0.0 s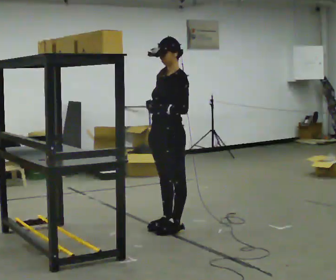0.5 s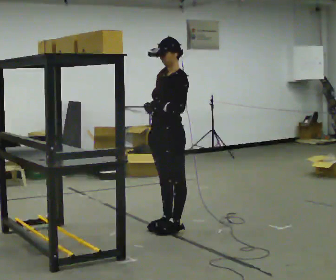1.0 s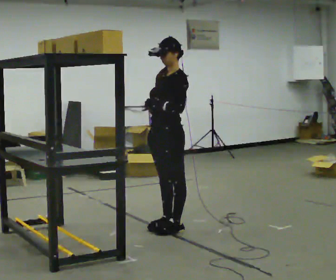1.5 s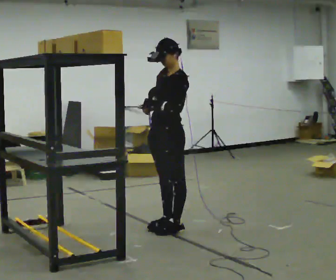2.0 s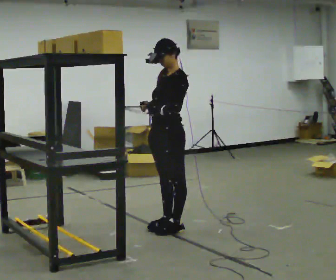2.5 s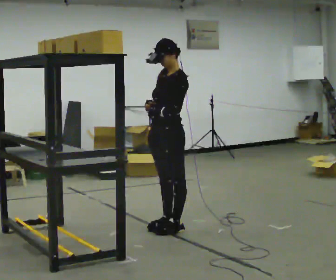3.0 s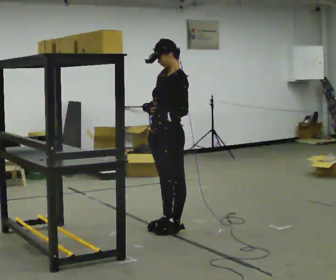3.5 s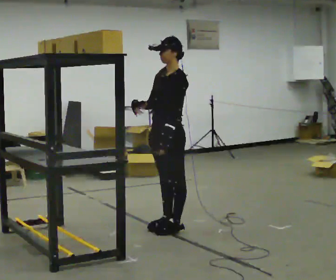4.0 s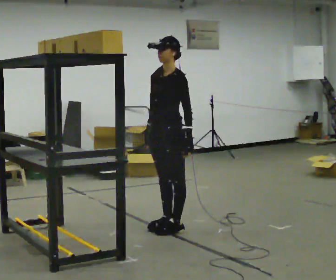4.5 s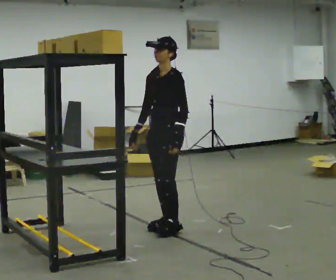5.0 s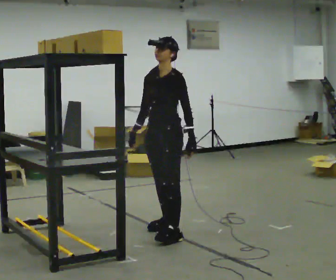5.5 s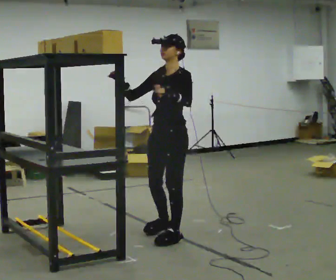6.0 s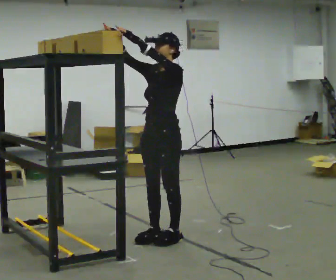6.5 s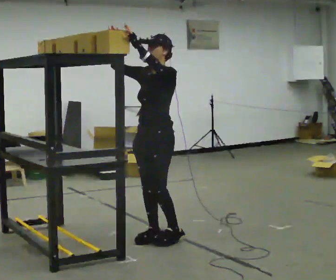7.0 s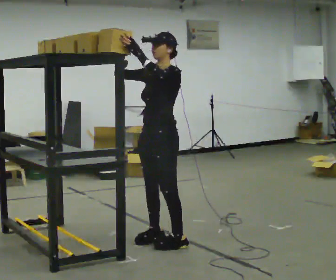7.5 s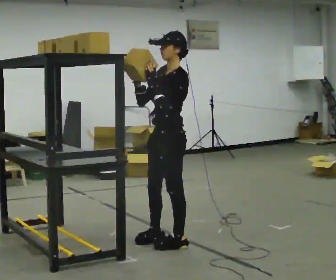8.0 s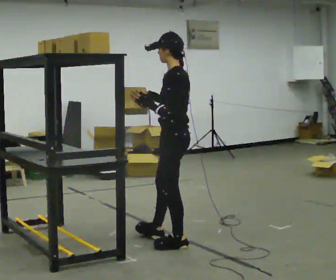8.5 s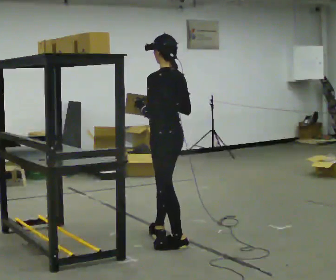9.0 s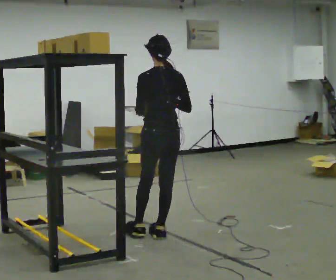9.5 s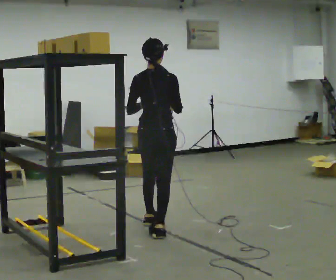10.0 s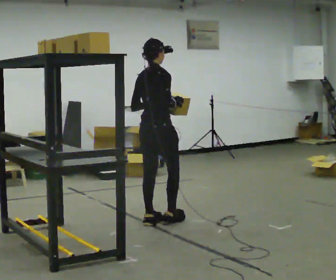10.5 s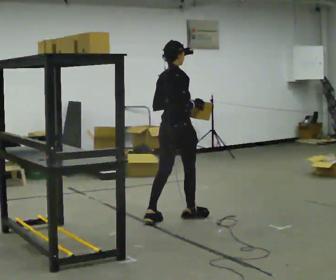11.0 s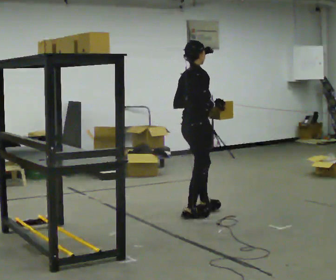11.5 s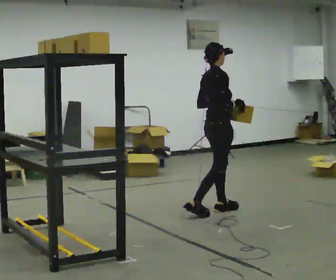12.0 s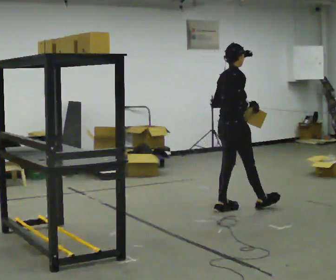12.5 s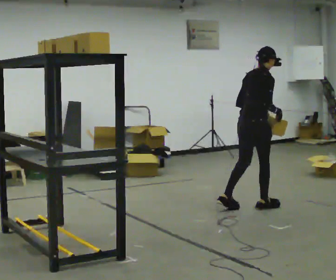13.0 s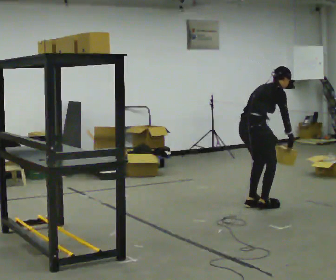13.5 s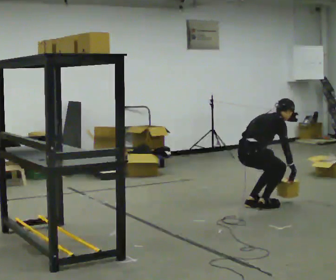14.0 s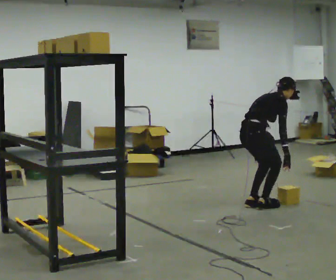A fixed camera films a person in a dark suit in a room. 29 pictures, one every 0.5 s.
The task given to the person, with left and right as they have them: Take an object down from the highest shelf you can comfortably reach, carry it across the room, and set it on the floor. Keep going until the operator says stop; one object at a time, and do not rush between trips.
0.0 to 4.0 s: The person moves a little, or ends about where they began.
4.0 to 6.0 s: In the picture they go toward the camera, about 0.25 m in 2 steps, which for them is forward and to their left. In the picture their right hand goes upward, the arm swinging clockwise.
6.0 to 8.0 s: The part of the body nearest the lens slides to the left as the person turns to their right by about 60 degrees. In the picture they go toward the camera, about 0.25 m in 1 step. In the picture their right hand goes downward and to the right.
8.0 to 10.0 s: The person turns about 120 degrees to their right, clockwise seen from above, so the part of the body nearest the lens slides to the left. In the picture they go away from the camera, about 0.5 m in 1 step.
10.0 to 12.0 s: In the picture they go to the right and away from the camera, about 1 m in 2 steps, which for them is forward.
12.0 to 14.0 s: In the picture they go to the right, about 0.25 m in 2 steps, which for them is forward. In the picture the upper body tilts clockwise, shoulders to the right, as they bend forward. In the picture their right hand goes downward and to the right.
The film runs forward here.
